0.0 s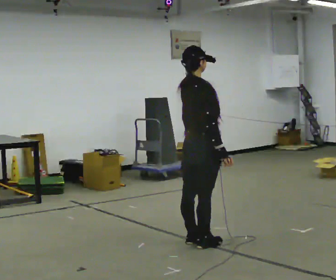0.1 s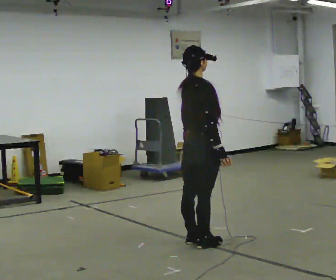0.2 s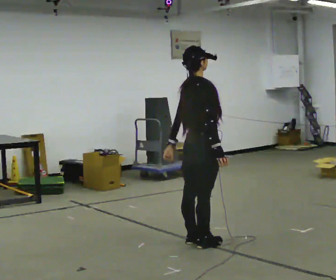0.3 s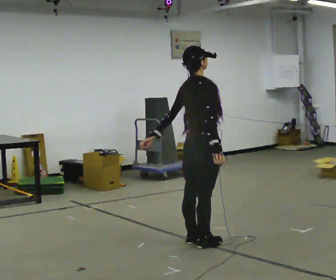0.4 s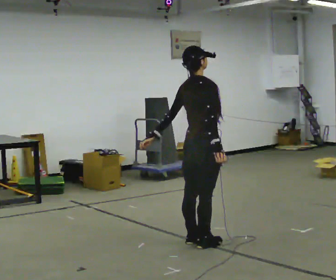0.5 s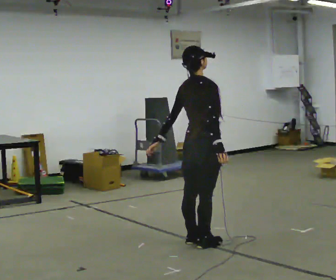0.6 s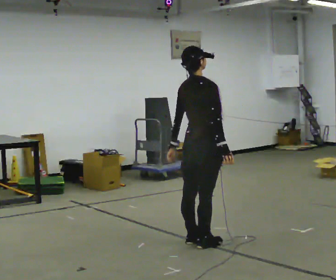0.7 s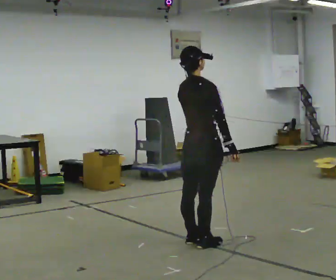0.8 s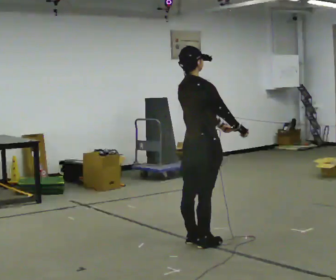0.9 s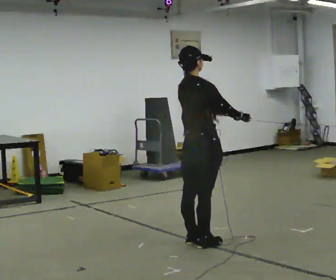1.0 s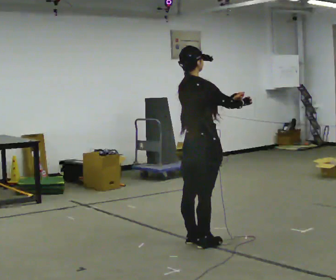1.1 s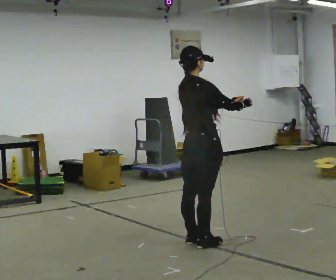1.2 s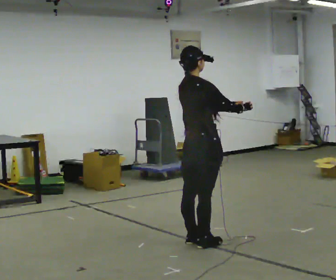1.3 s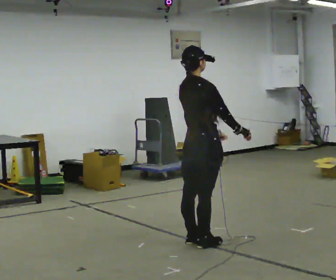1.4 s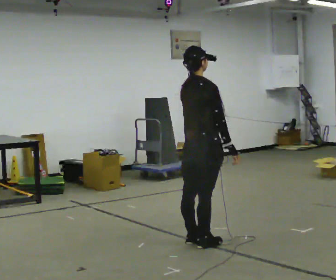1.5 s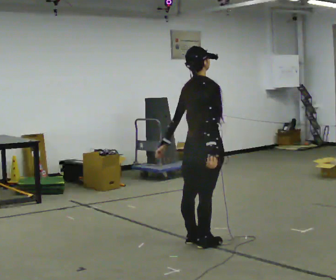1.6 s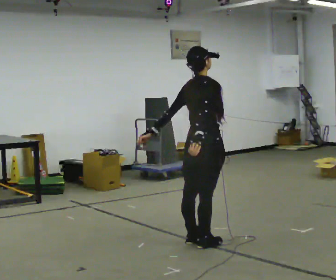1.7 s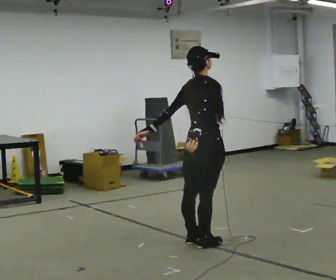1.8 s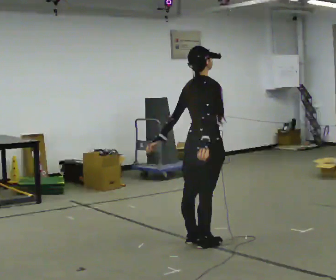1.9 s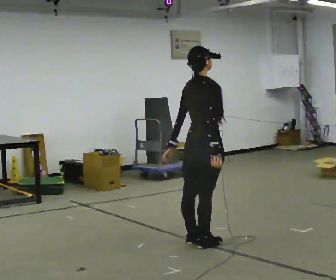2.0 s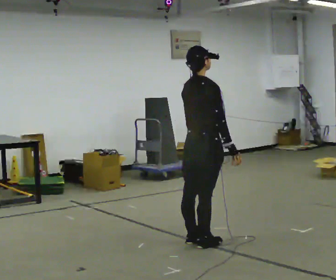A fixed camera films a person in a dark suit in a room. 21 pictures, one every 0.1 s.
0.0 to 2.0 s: In the picture their left hand goes to the right.
The film runs forward here.
